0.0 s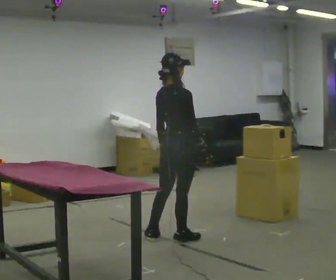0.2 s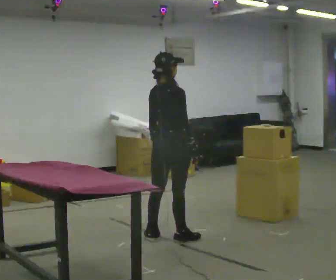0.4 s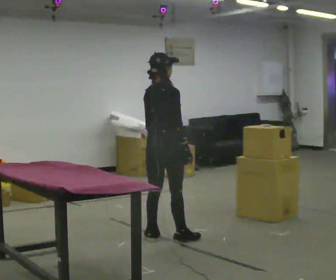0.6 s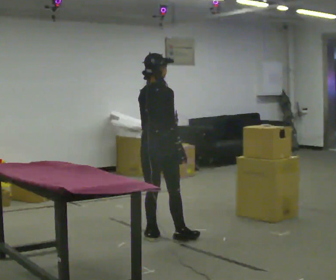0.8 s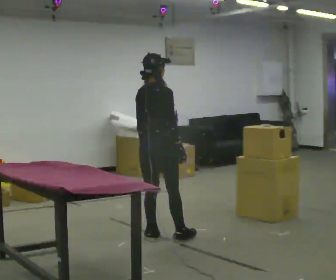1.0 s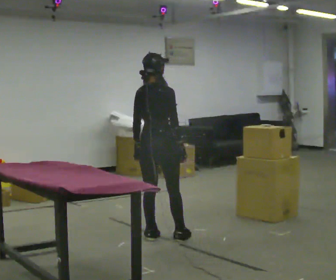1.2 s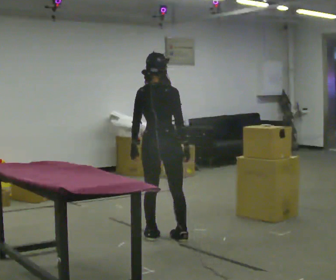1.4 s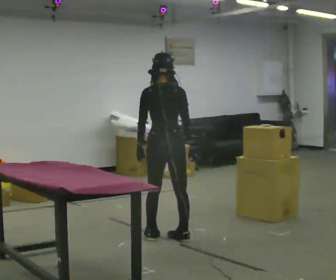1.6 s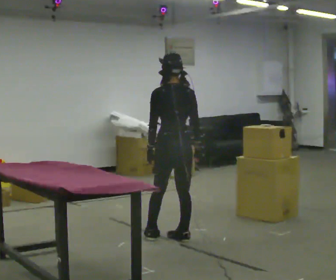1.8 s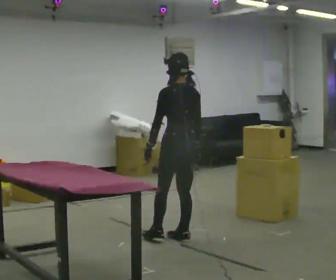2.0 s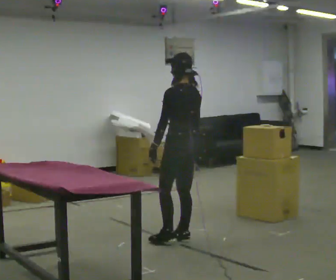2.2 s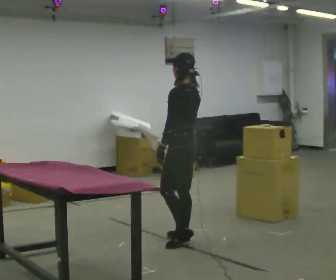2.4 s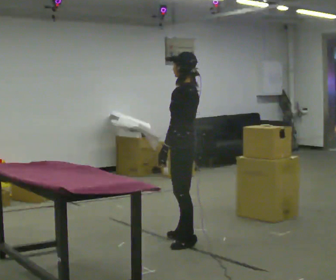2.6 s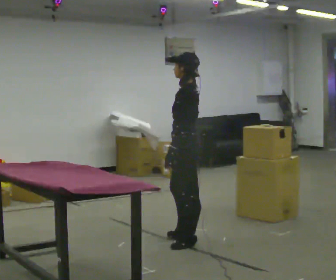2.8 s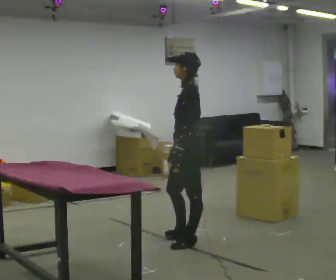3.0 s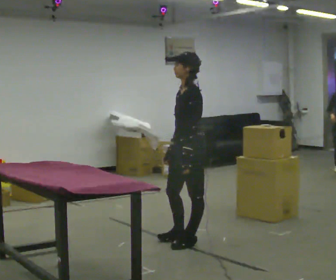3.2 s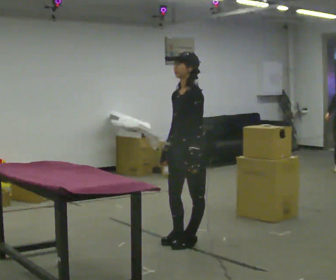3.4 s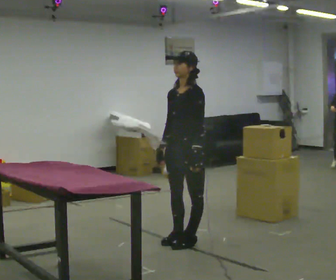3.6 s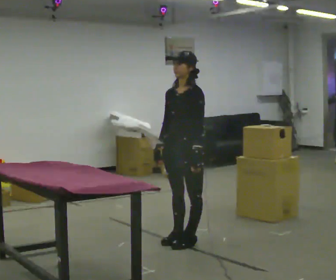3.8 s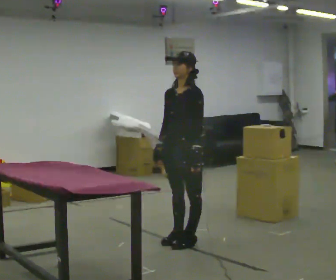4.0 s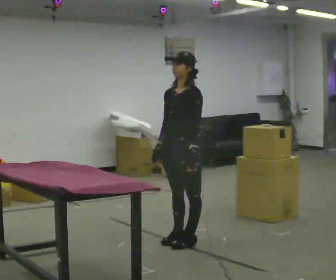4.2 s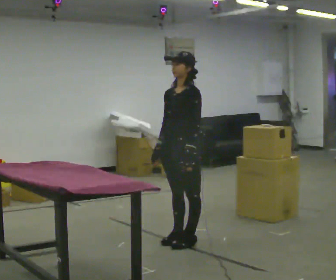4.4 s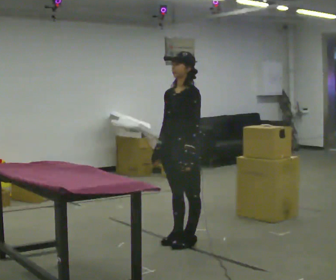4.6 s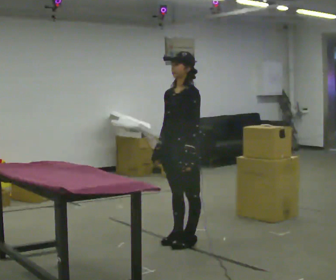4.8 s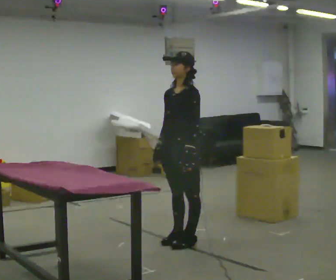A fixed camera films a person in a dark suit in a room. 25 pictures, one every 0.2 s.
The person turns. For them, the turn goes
to their left.
The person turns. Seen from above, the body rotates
counterclockwise.
0.0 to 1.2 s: The part of the body nearest the lens slides to the right as the person turns to their left by about 30 degrees. In the picture they go to the left, about 0.25 m, which for them is to their left.
1.2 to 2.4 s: The person turns about 90 degrees to their left, counterclockwise seen from above, so the part of the body nearest the lens slides to the right. In the picture they go to the right, about 0.25 m in 1 step.
2.4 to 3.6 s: The part of the body nearest the lens slides to the right as the person turns to their left by about 60 degrees.
3.6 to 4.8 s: The person moves a little, or ends about where they began.
The film runs backward here.
